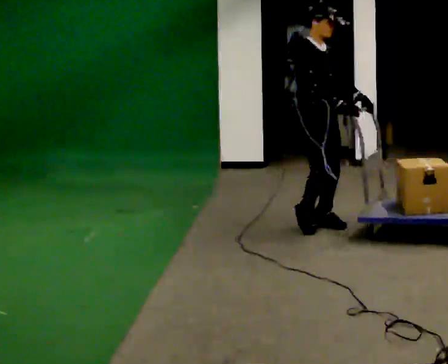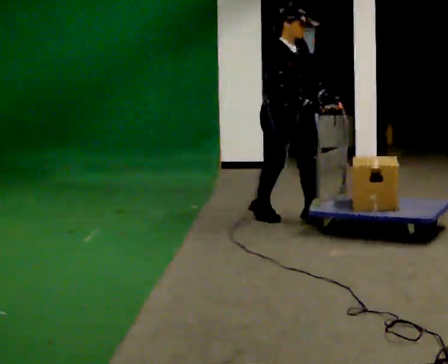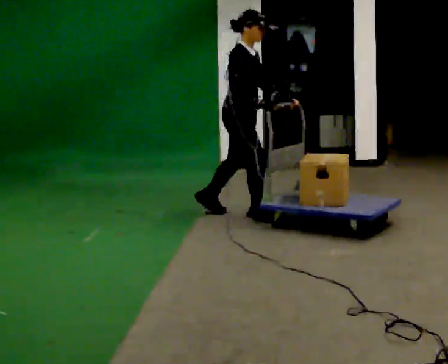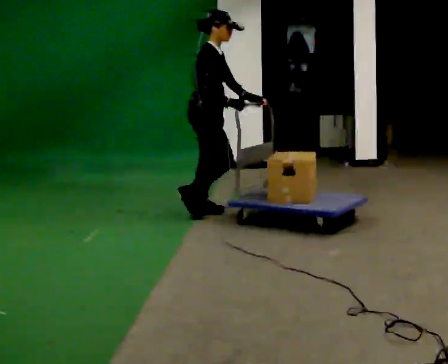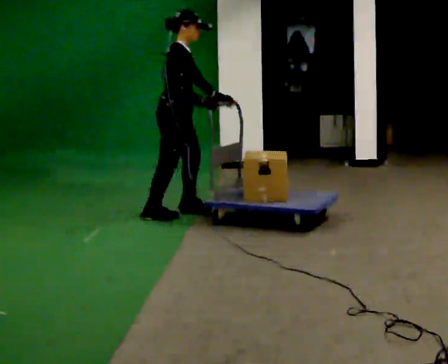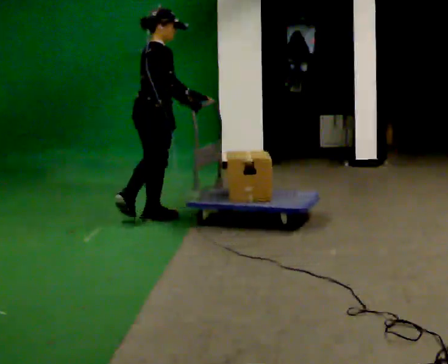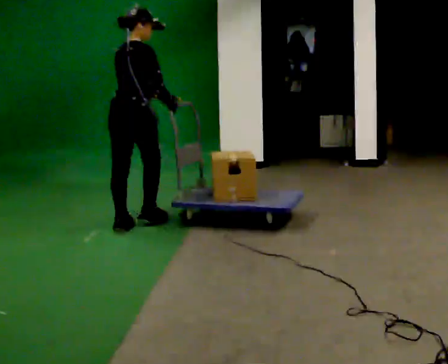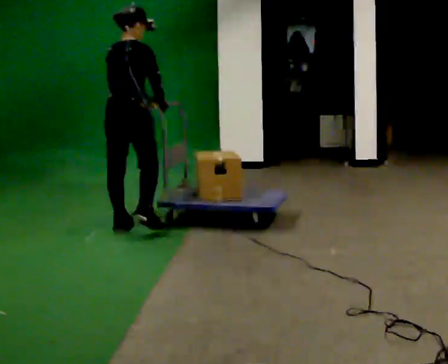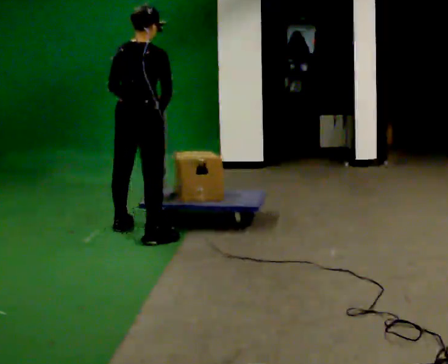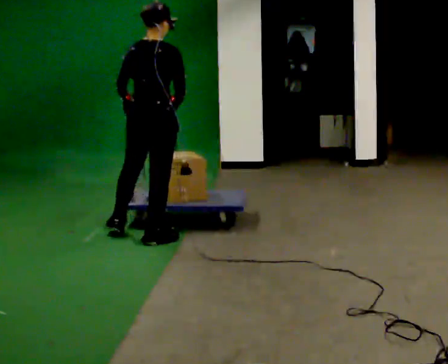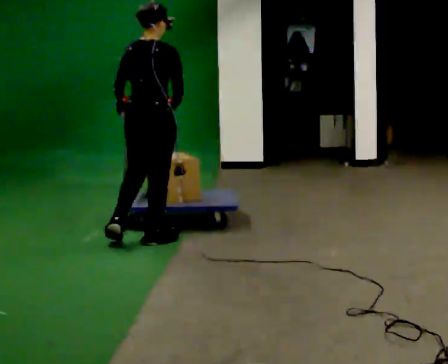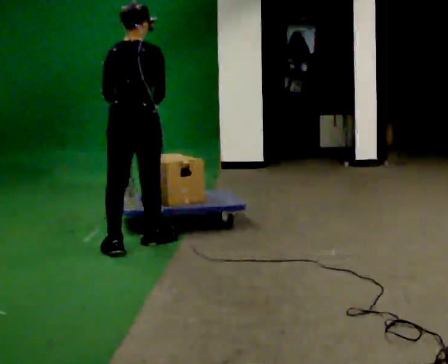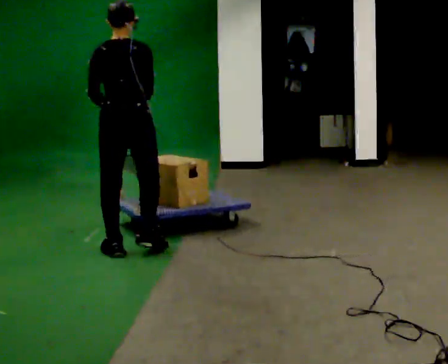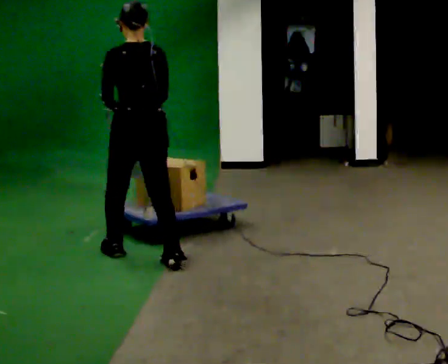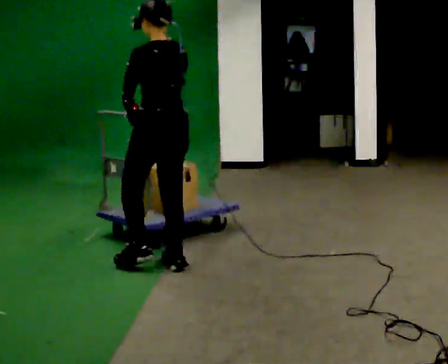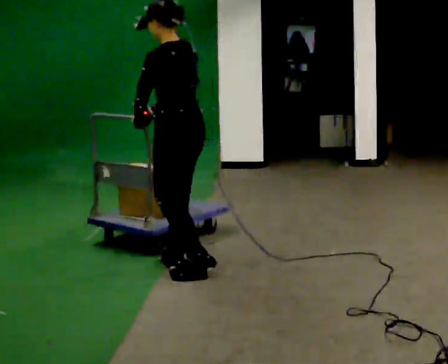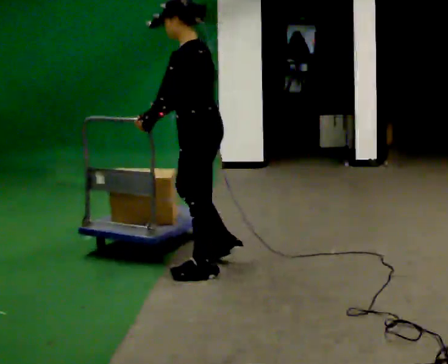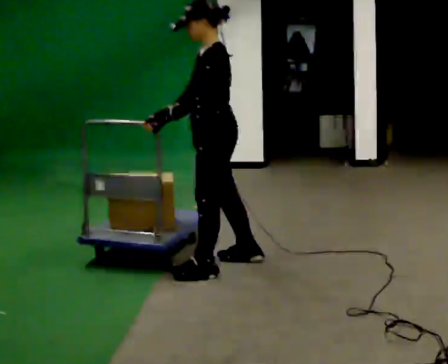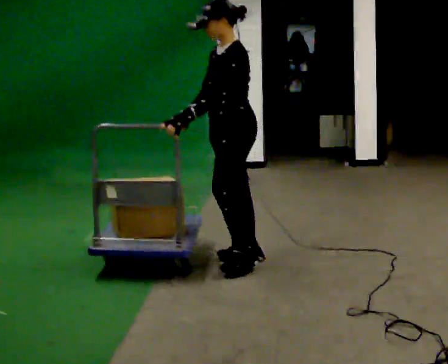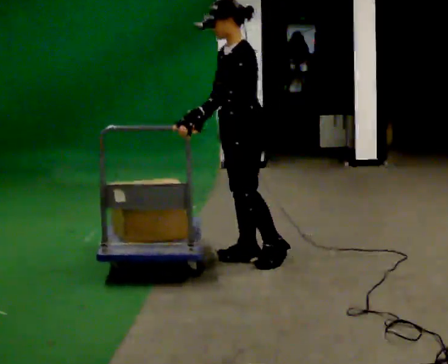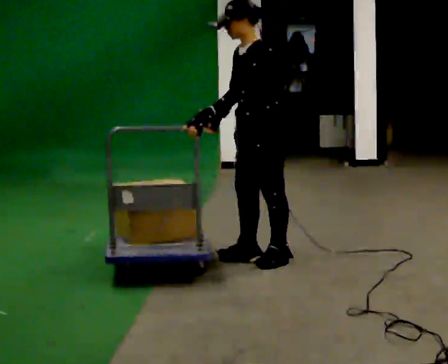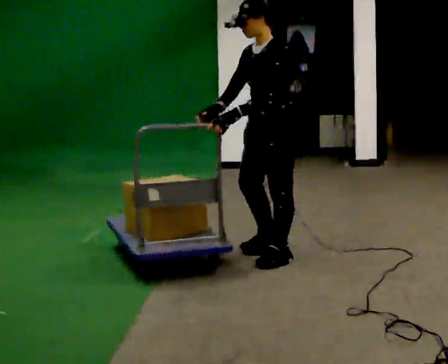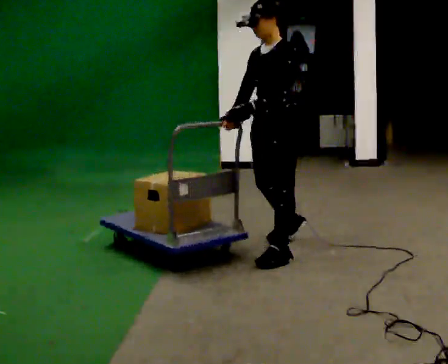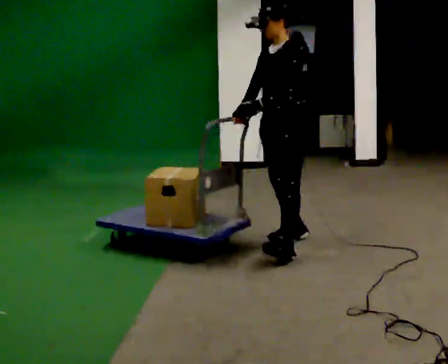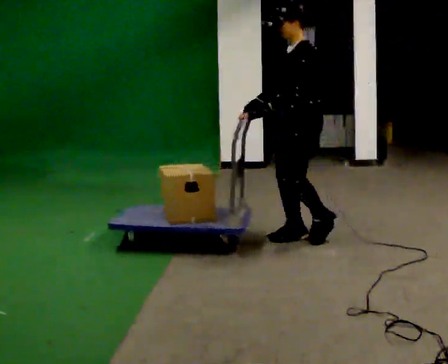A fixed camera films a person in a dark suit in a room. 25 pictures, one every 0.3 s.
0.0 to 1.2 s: The part of the body nearest the lens slides to the right as the person turns to their left by about 45 degrees. In the picture they go to the left and away from the camera, about 1 m in 3 steps, which for them is backward.
1.2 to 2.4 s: The part of the body nearest the lens slides to the right as the person turns to their left by about 75 degrees. In the picture they go toward the camera and to the left, about 0.5 m in 1 step.
2.4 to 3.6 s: In the picture they go toward the camera, about 0.5 m in 2 steps, which for them is backward.
3.6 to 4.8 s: The part of the body nearest the lens slides to the right as the person turns to their left by about 75 degrees. In the picture they go toward the camera and to the right, about 0.5 m in 2 steps.
4.8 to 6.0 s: The person turns about 30 degrees to their left, counterclockwise seen from above, so the part of the body nearest the lens slides to the right. In the picture they go to the right and away from the camera, about 0.5 m in 1 step, which for them is backward.
6.0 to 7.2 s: In the picture they go to the right and away from the camera, about 0.5 m in 2 steps, which for them is backward and to their right.
The film runs backward here.
